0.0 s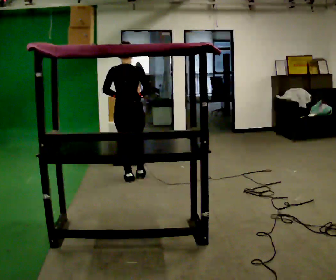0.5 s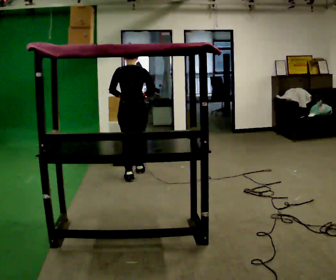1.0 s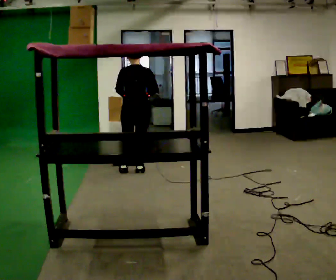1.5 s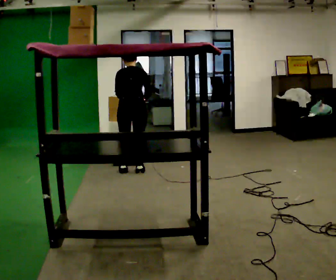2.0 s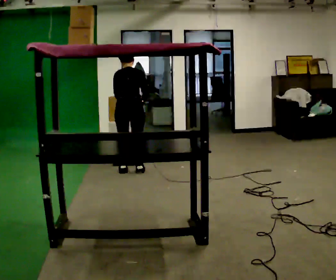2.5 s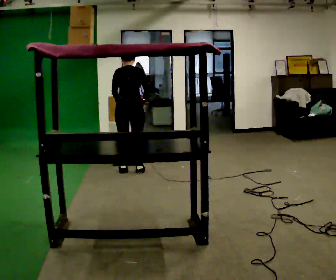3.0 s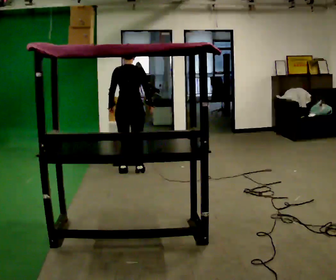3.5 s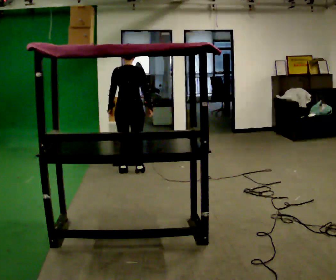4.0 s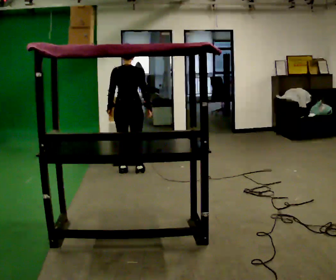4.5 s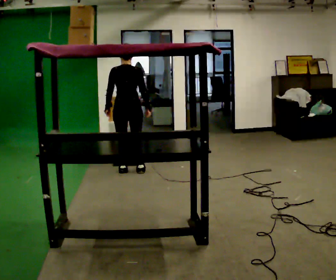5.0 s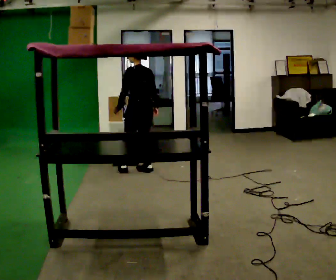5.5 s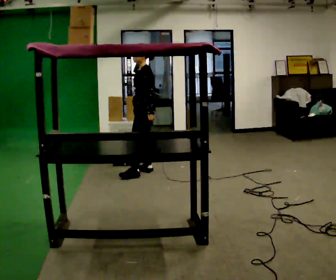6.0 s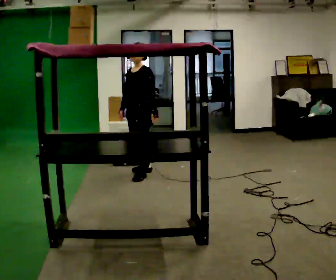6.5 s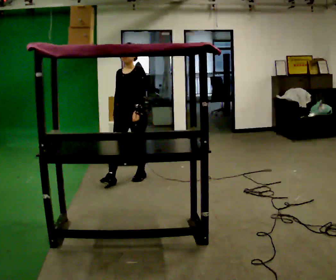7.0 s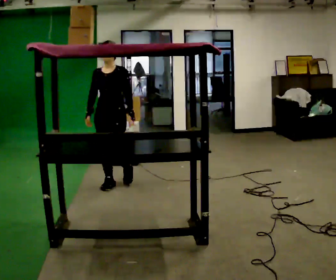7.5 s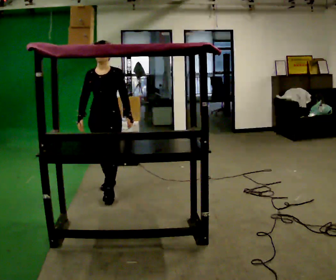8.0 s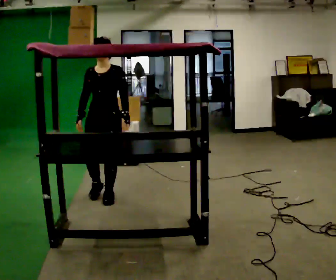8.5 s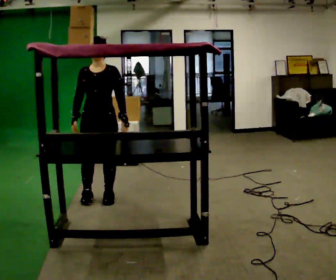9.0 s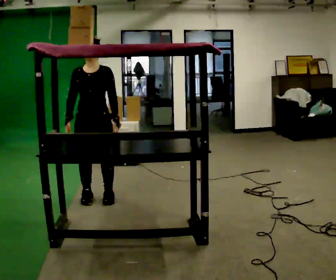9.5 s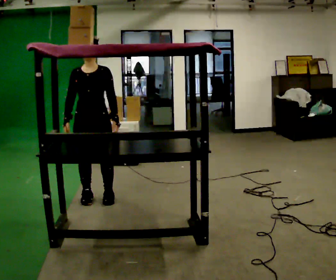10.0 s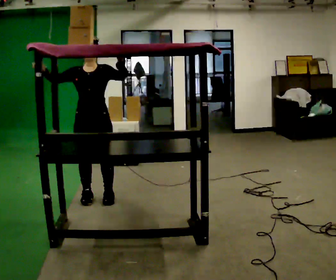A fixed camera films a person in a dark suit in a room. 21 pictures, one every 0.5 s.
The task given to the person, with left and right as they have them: Take an object down from the highest shelf you can comfortably reach, carry it across, and place it on the waist-height shelf. Keep going until the operator says stop; one object at a time, and do not rush between trips.
0.0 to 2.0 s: In the picture they go away from the camera, about 0.25 m in 2 steps, which for them is forward. The upper body tips away from the camera, its near side rolling upward, as they bend forward.
2.0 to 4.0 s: The upper body tips toward the camera, its near side rolling downward, as they lean back or straighten.
4.0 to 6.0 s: Seen from above the body turns counterclockwise, about 135 degrees: to their left, with its near side sliding to the right. In the picture they go toward the camera and to the right, about 0.25 m in 1 step.
6.0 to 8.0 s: The part of the body nearest the lens slides to the right as the person turns to their left by about 45 degrees. In the picture they go toward the camera and to the left, about 1 m in 2 steps, which for them is forward.
8.0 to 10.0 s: In the picture their right hand goes upward, the arm swinging clockwise.
The film runs forward here.
